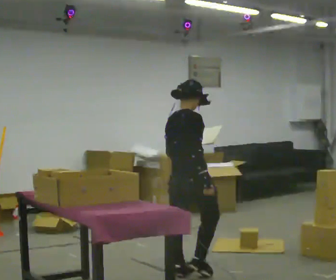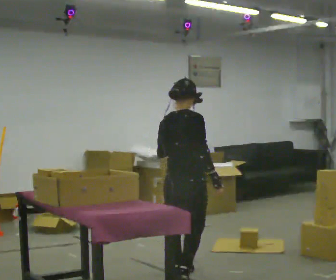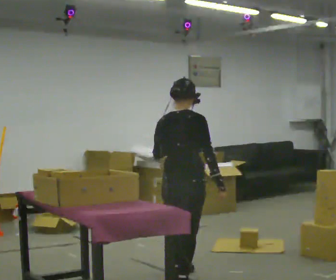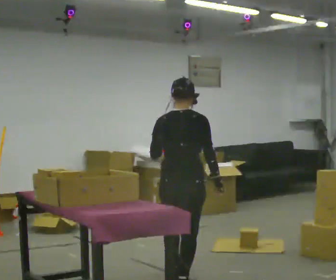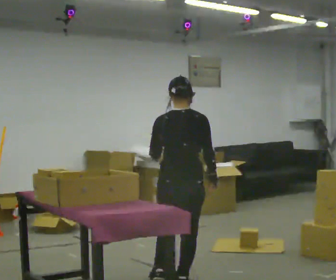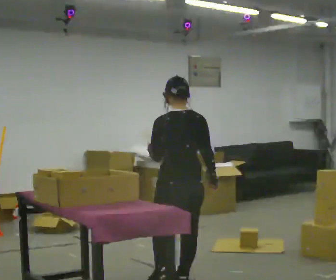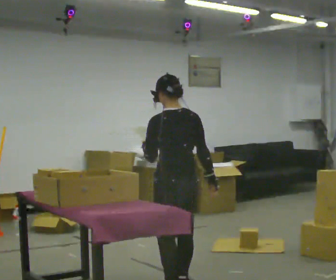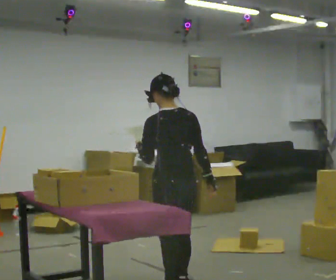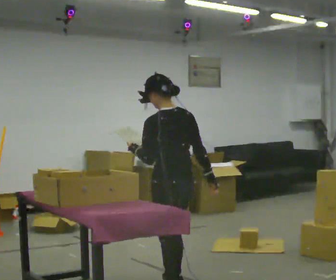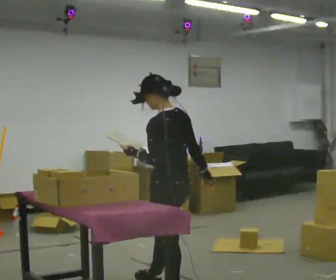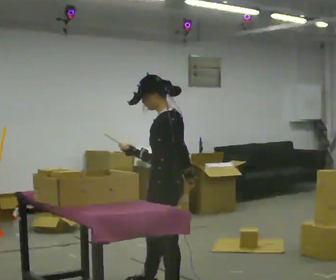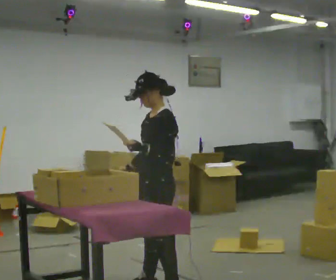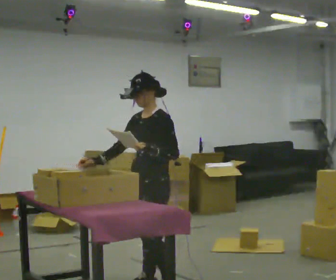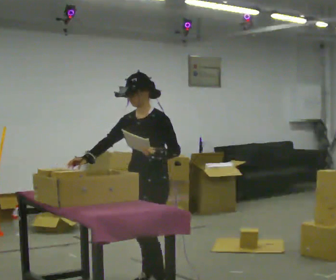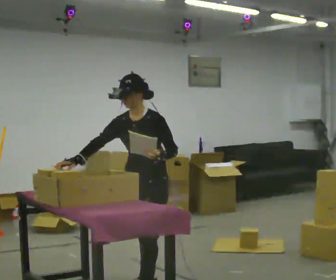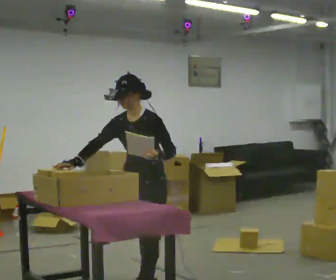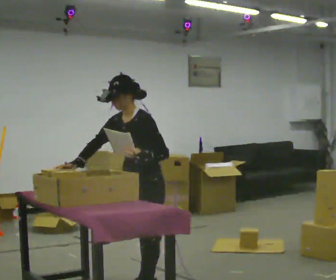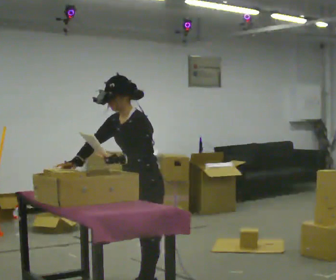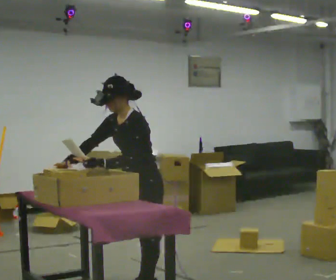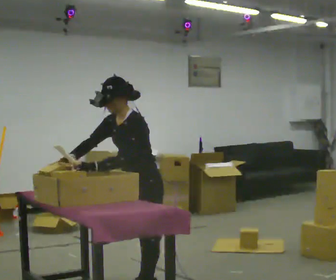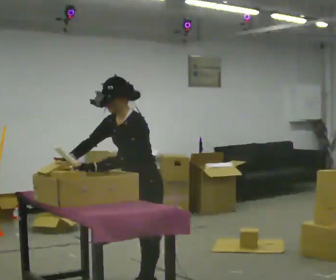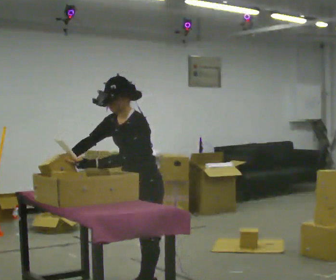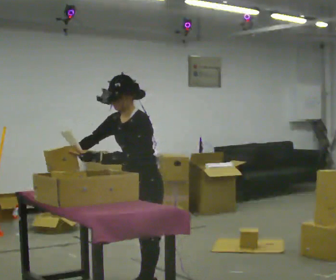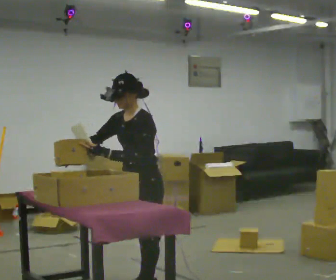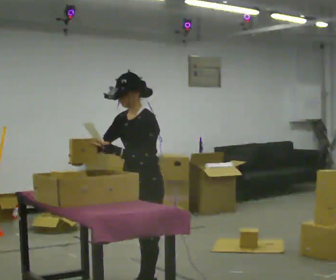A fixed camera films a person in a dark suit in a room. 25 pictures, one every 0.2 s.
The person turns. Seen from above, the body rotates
counterclockwise.
The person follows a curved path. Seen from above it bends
clockwise.
0.0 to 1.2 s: The person turns about 75 degrees to their left, counterclockwise seen from above, so the part of the body nearest the lens slides to the right. In the picture they go toward the camera, about 0.5 m in 1 step.
1.2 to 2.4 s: The person turns about 90 degrees to their left, counterclockwise seen from above, so the part of the body nearest the lens slides to the right. In the picture they go to the left, about 0.25 m in 1 step. In the picture their right hand goes to the left, the arm swinging clockwise.
2.4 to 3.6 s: In the picture the upper body tilts counterclockwise, shoulders to the left, as they bend forward. In the picture their left hand goes to the left.
3.6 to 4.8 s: The person moves a little, or ends about where they began.
The film runs backward here.
